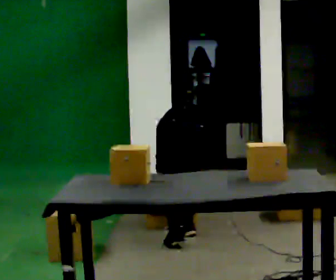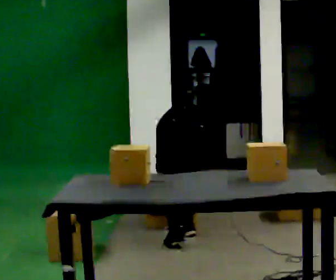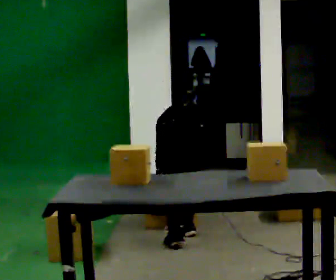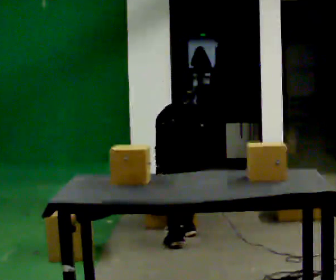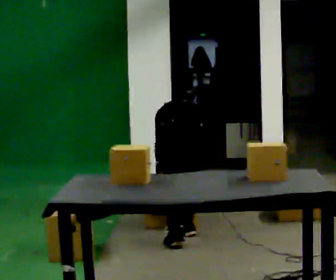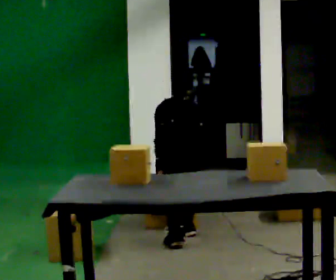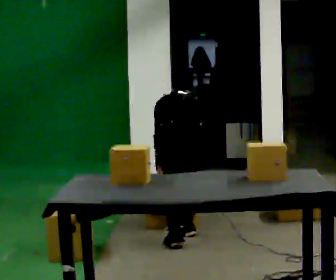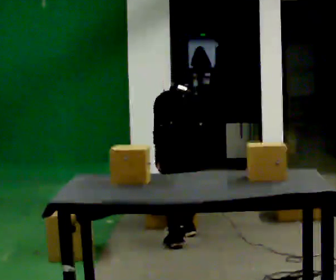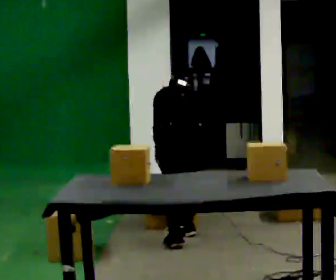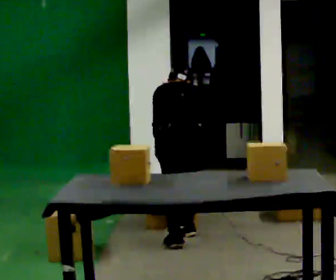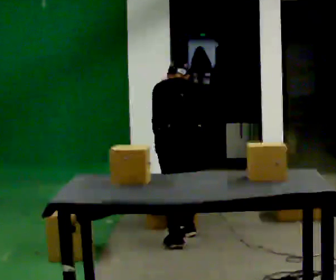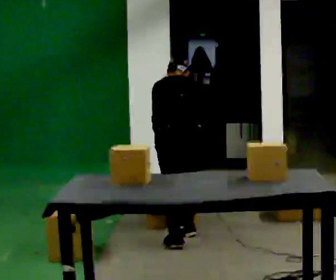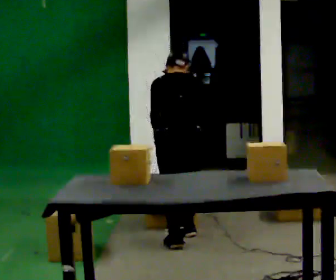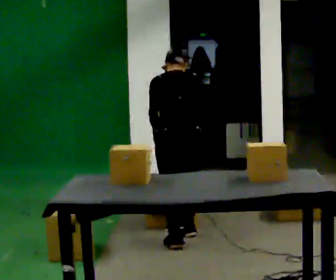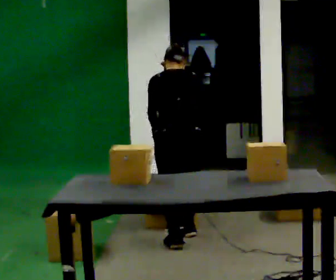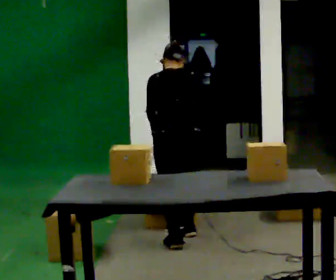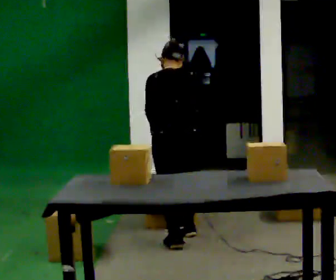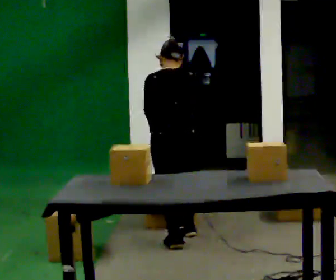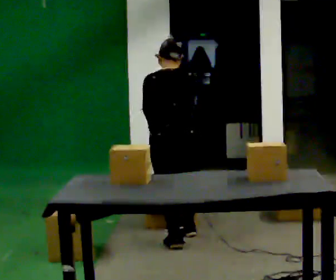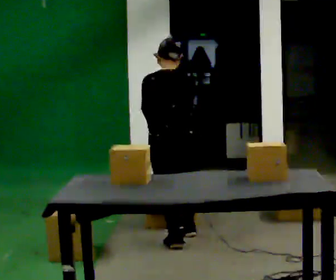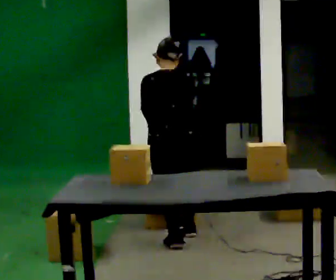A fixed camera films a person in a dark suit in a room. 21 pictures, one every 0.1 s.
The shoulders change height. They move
upward.
The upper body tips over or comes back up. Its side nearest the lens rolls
downward.
0.0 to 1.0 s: The upper body goes upward. The upper body tips toward the camera, its near side rolling downward, as they lean back or straighten. In the picture their right hand goes upward.
1.0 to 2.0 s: The upper body tips toward the camera, its near side rolling downward, as they lean back or straighten.
The film runs backward here.
